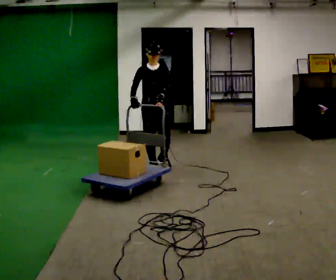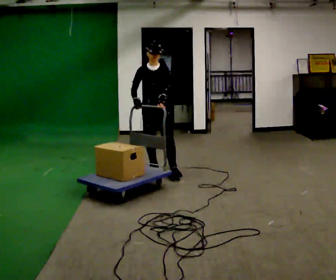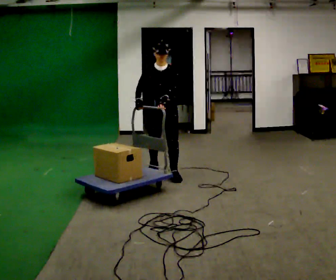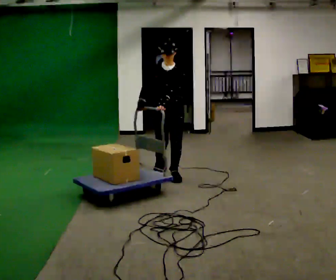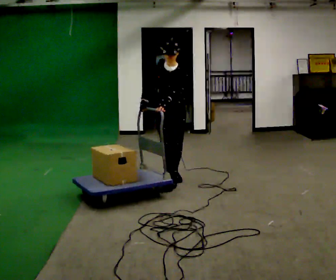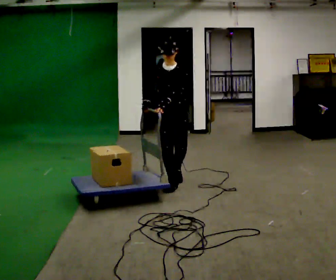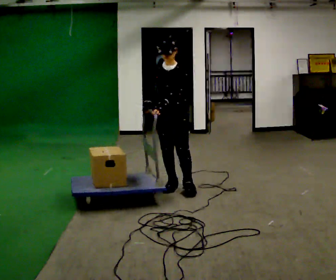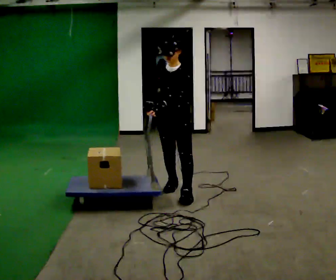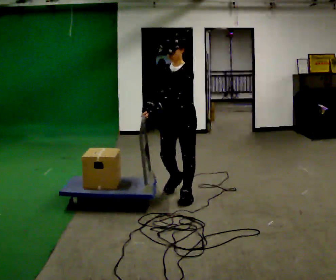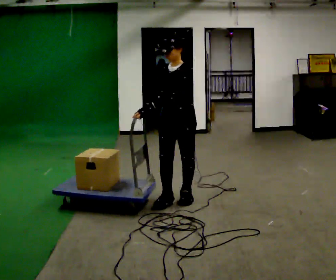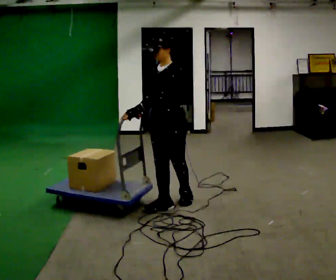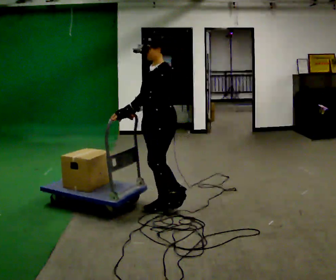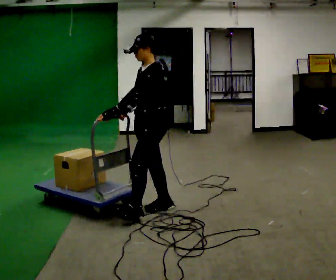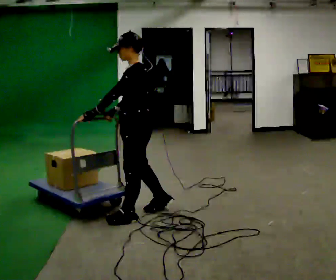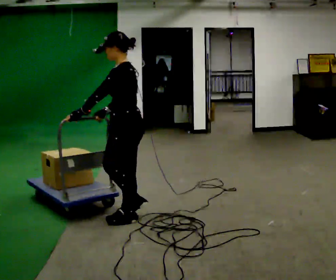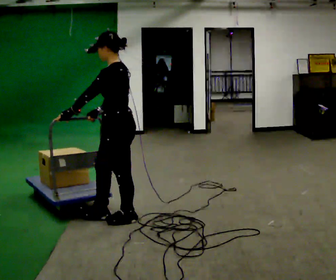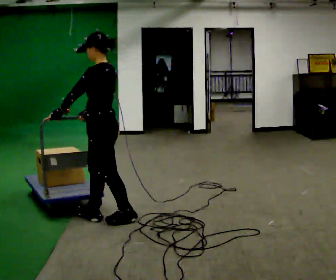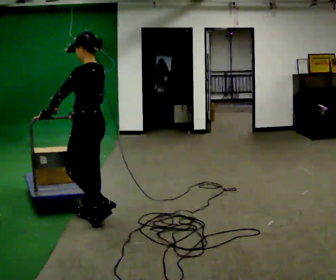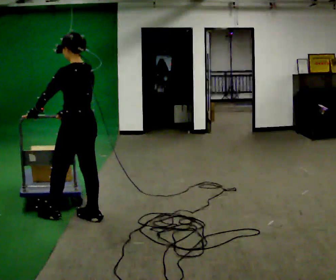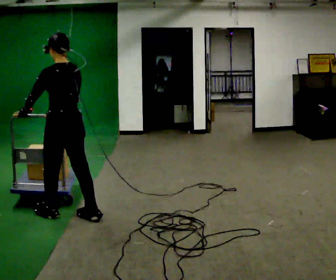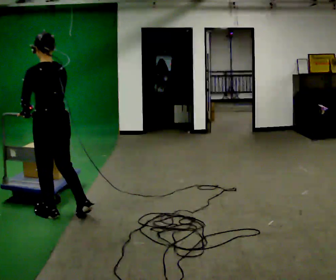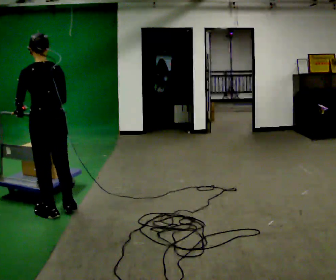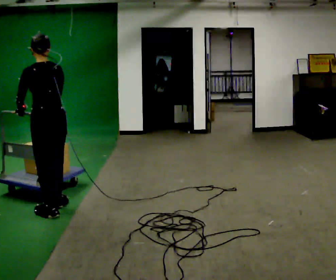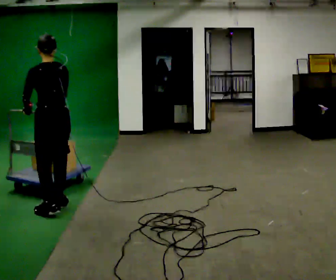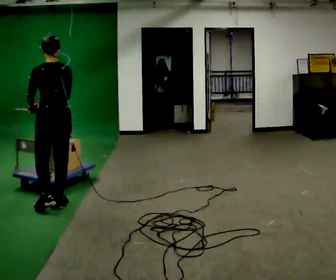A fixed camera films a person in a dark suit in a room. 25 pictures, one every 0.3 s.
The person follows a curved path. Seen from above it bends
clockwise.
The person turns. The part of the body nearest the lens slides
to the left.
0.0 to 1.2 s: In the picture they go toward the camera, about 0.5 m in 1 step, which for them is forward and to their left.
1.2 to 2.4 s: Seen from above the body turns clockwise, about 30 degrees: to their right, with its near side sliding to the left. In the picture they go toward the camera, about 0.5 m in 2 steps, which for them is forward.
2.4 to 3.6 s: Seen from above the body turns clockwise, about 30 degrees: to their right, with its near side sliding to the left. In the picture they go toward the camera and to the left, about 0.5 m in 1 step, which for them is forward.
3.6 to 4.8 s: Seen from above the body turns clockwise, about 30 degrees: to their right, with its near side sliding to the left. In the picture they go to the left and toward the camera, about 0.5 m in 2 steps, which for them is forward.
4.8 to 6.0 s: The part of the body nearest the lens slides to the left as the person turns to their right by about 45 degrees. In the picture they go to the left, about 0.5 m in 1 step, which for them is forward and to their left.
6.0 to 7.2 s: In the picture they go away from the camera, about 0.25 m in 1 step, which for them is forward and to their right.
The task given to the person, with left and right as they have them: Push the loaded cart from one corner of the room to the other, turn it round, and push it back. Keep going until the operator says stop.
The film runs forward here.
